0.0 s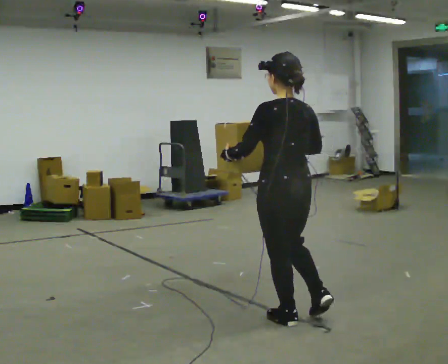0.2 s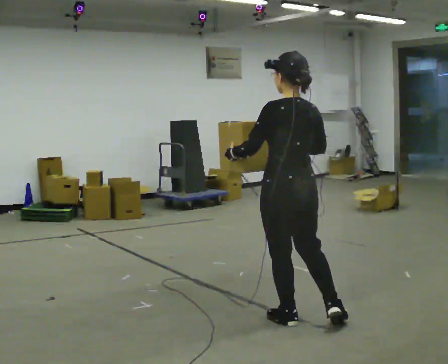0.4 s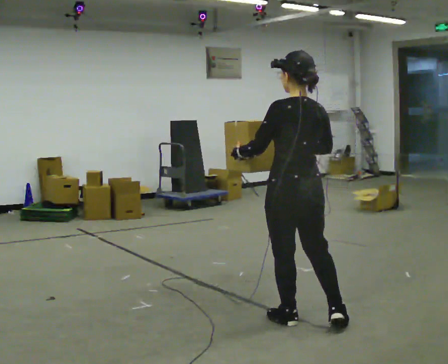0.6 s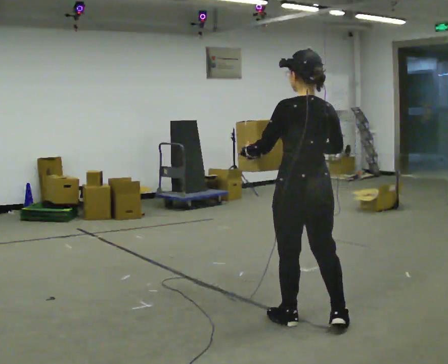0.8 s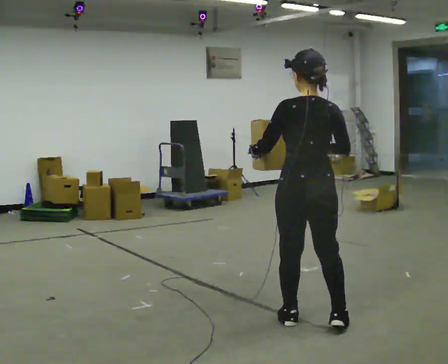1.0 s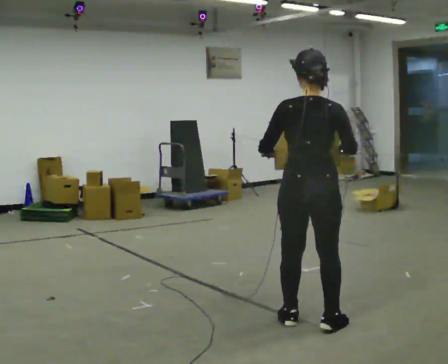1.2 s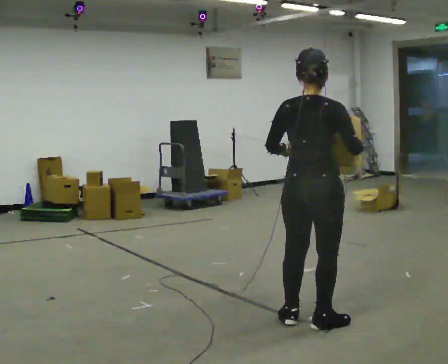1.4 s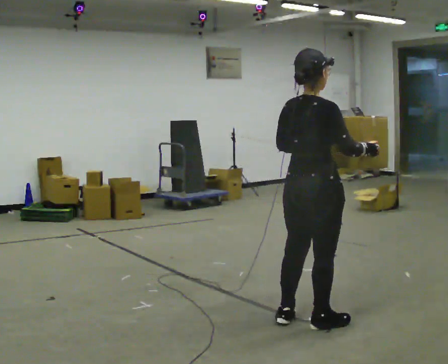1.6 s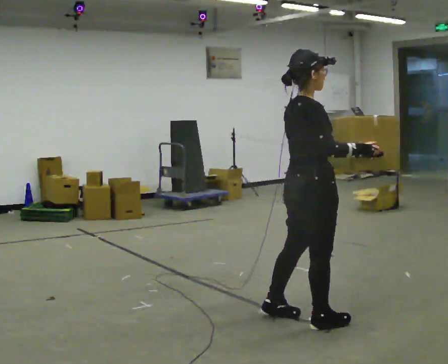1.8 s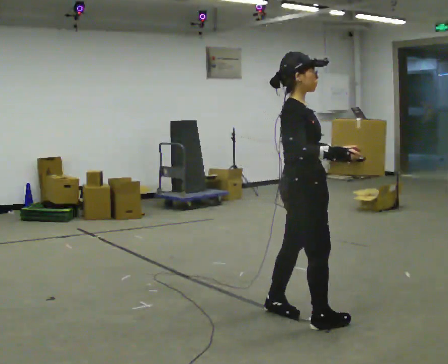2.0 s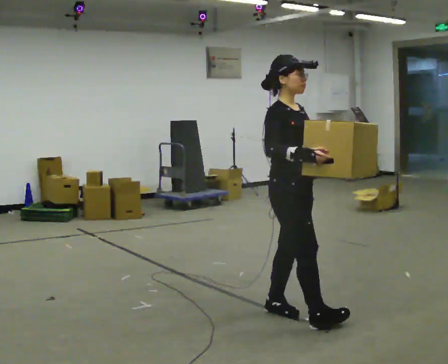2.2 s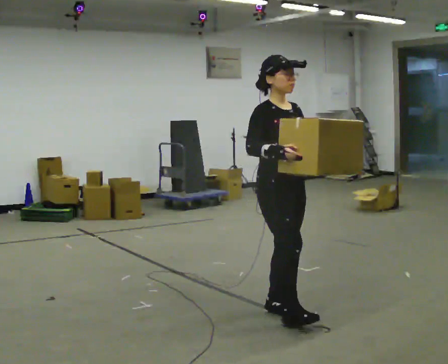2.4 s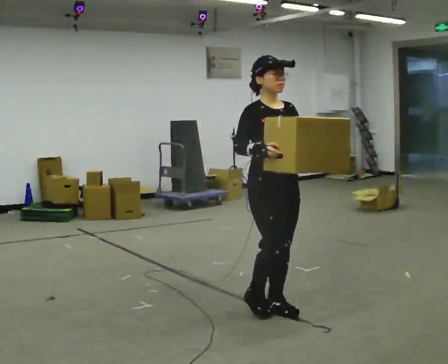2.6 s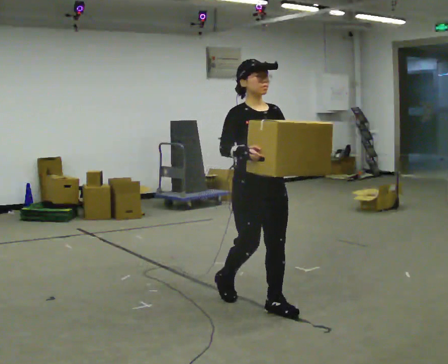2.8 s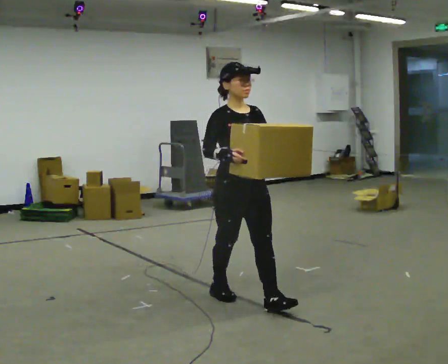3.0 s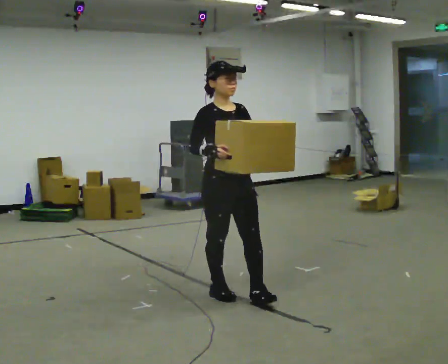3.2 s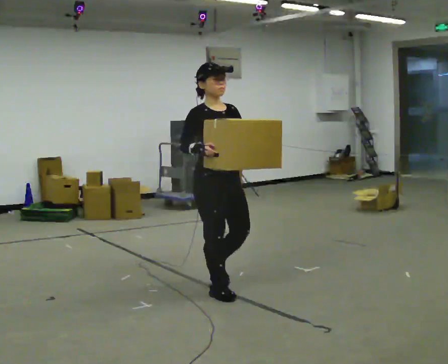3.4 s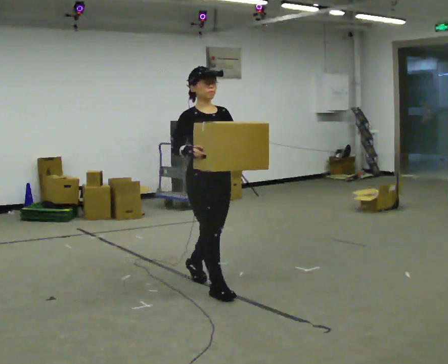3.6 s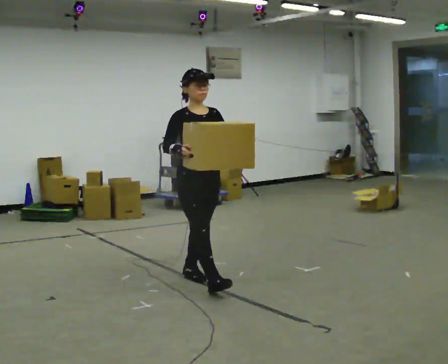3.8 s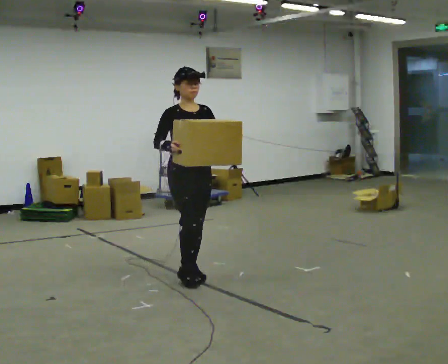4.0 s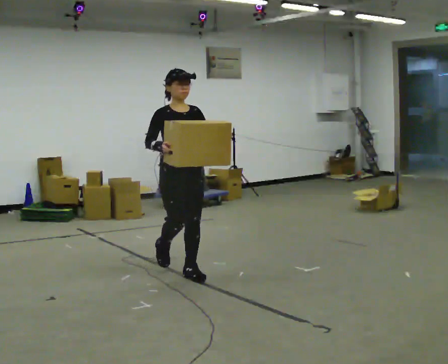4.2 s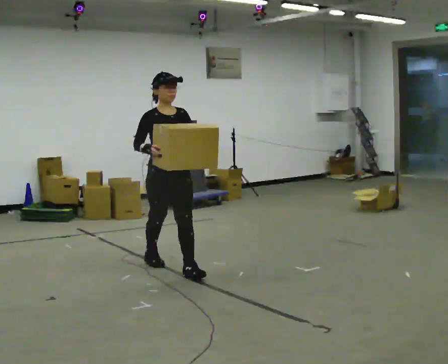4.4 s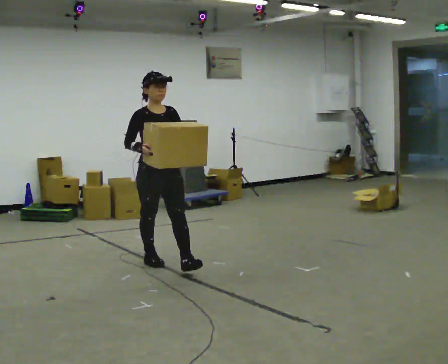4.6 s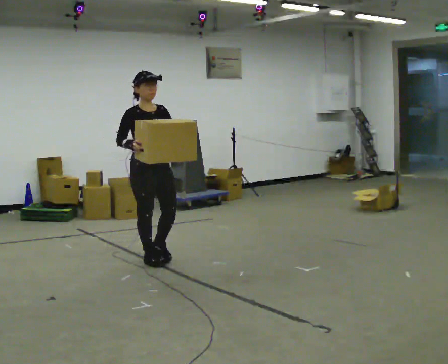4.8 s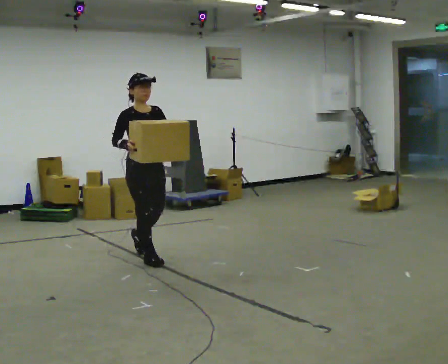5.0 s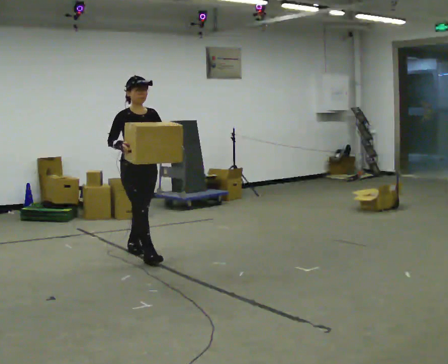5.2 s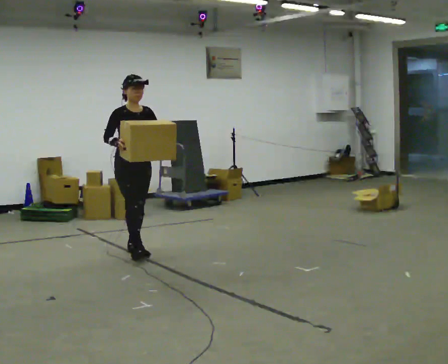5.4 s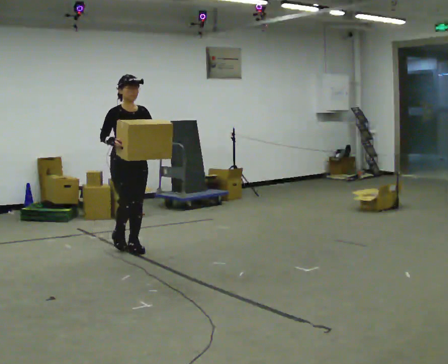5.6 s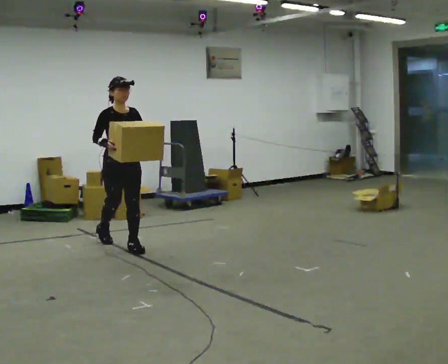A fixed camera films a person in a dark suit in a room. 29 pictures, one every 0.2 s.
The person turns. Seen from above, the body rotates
clockwise.
The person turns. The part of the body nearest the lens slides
to the left.
0.0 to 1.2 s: Seen from above the body turns clockwise, about 45 degrees: to their right, with its near side sliding to the left.
1.2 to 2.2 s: The part of the body nearest the lens slides to the left as the person turns to their right by about 120 degrees. In the picture they go away from the camera and to the left, about 0.25 m in 2 steps.
2.2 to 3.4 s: In the picture they go away from the camera and to the left, about 0.5 m in 1 step, which for them is backward.
3.4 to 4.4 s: In the picture they go away from the camera and to the left, about 1 m in 2 steps, which for them is backward.
4.4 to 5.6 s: In the picture they go away from the camera and to the left, about 1 m in 1 step, which for them is backward.
The film runs backward here.
